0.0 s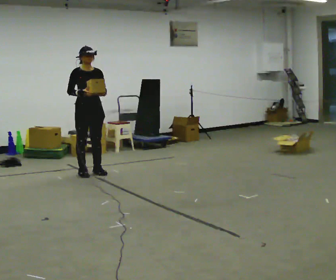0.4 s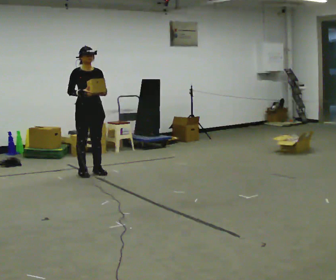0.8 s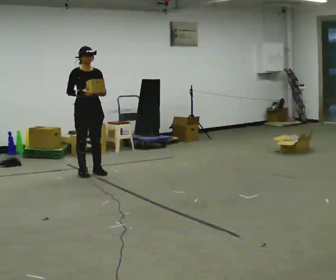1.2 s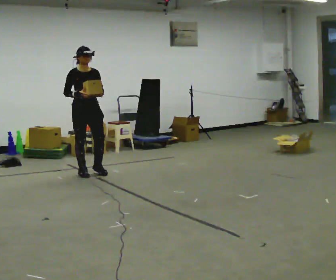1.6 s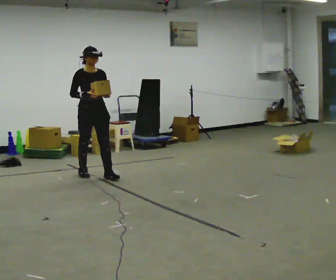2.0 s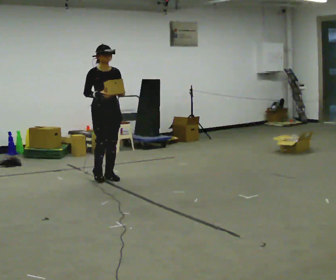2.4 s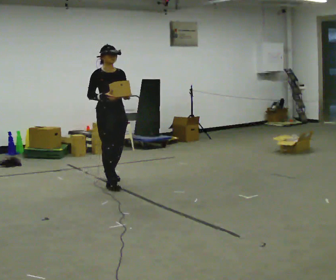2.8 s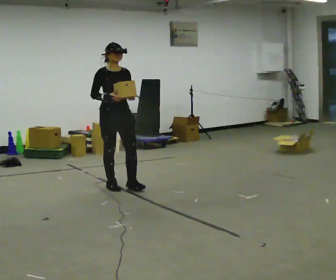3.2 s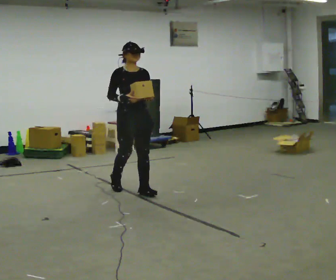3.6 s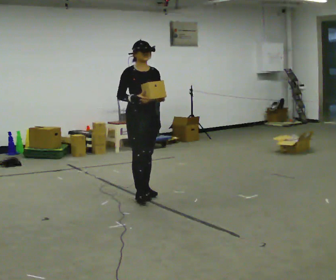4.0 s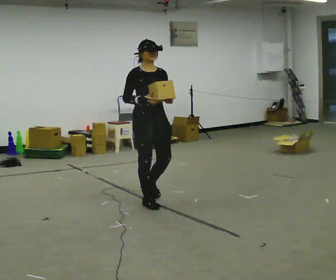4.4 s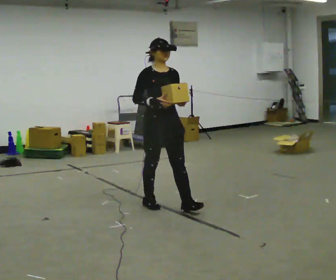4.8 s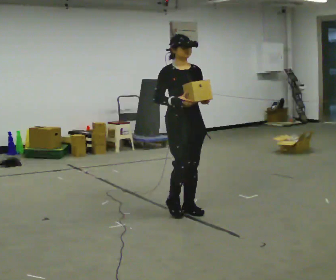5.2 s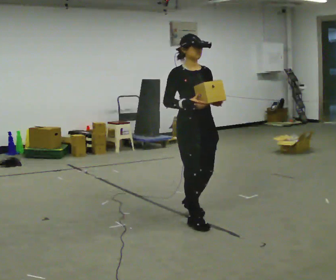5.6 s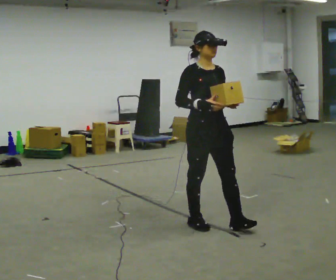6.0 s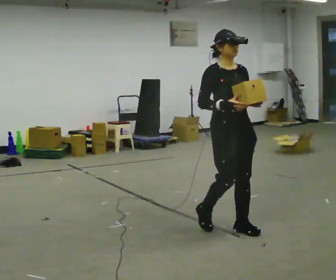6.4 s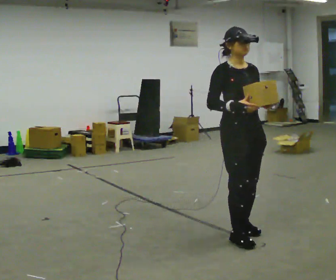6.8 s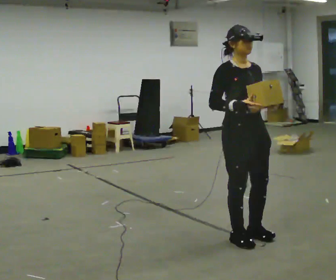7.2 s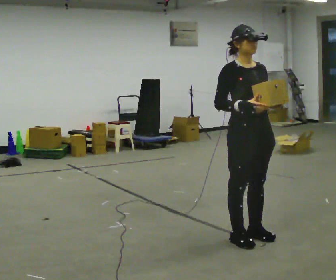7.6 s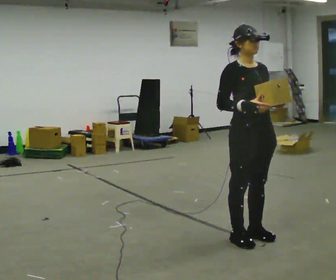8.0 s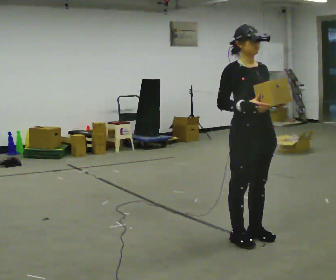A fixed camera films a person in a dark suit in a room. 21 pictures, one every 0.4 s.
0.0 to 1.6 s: In the picture they go toward the camera, about 0.25 m in 1 step, which for them is forward.
1.6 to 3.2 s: In the picture they go toward the camera and to the right, about 1 m in 2 steps, which for them is forward.
3.2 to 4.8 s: In the picture they go toward the camera and to the right, about 1 m in 2 steps, which for them is forward.
4.8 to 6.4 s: In the picture they go toward the camera and to the right, about 1 m in 3 steps, which for them is forward.
6.4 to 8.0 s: The person moves a little, or ends about where they began.
The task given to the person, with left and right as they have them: Carry the light box in both hands in front of you, walking back and forth across the room. Keep walking until the operator says stop.
The film runs forward here.
